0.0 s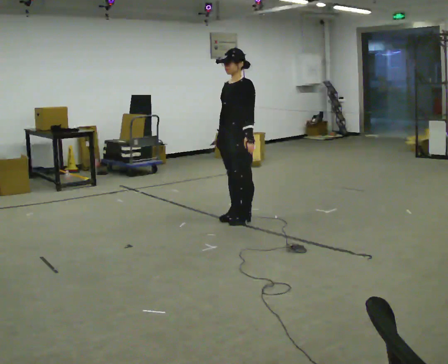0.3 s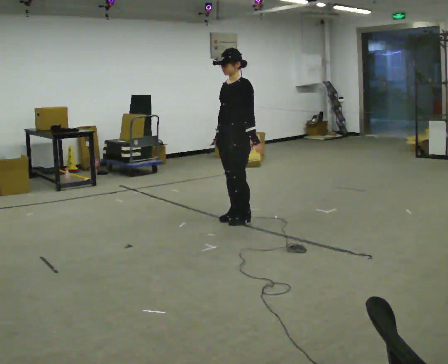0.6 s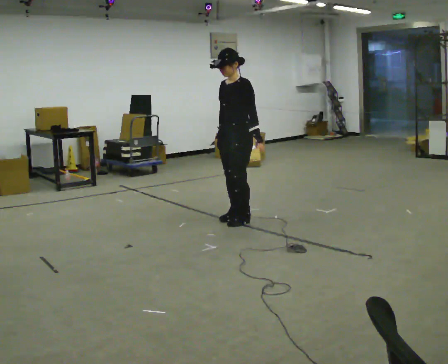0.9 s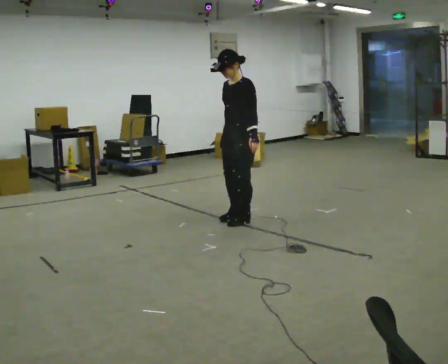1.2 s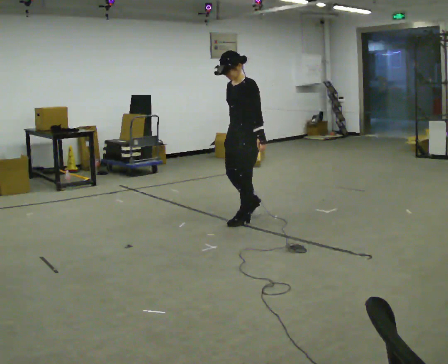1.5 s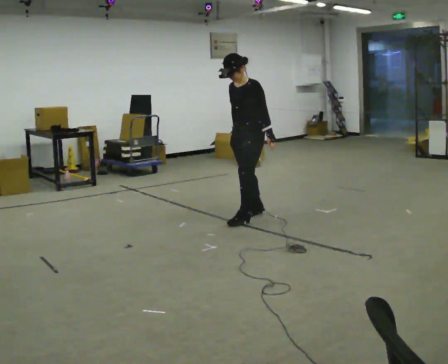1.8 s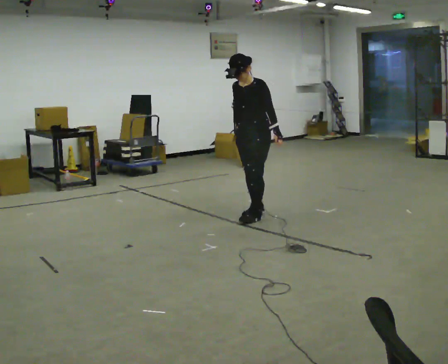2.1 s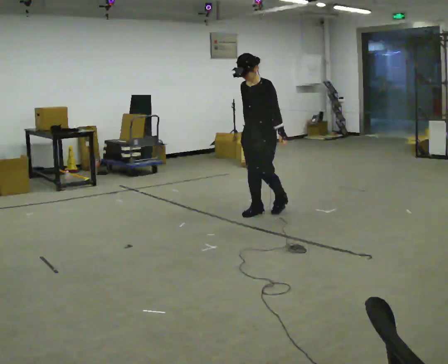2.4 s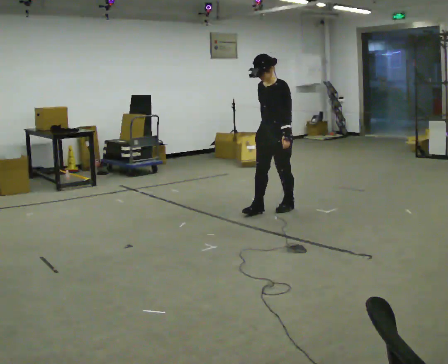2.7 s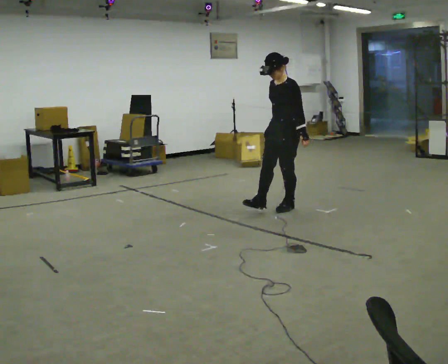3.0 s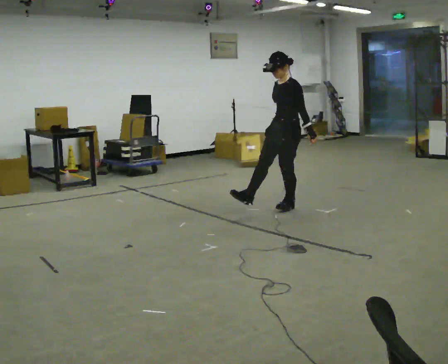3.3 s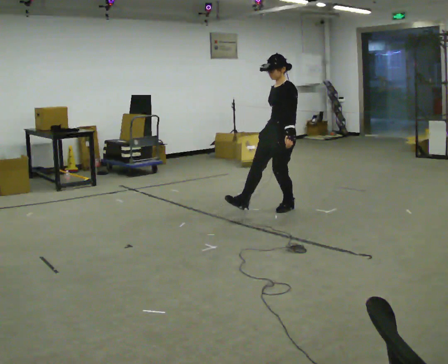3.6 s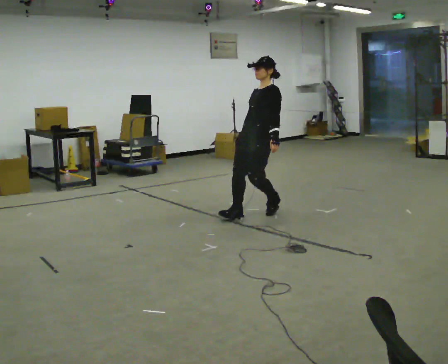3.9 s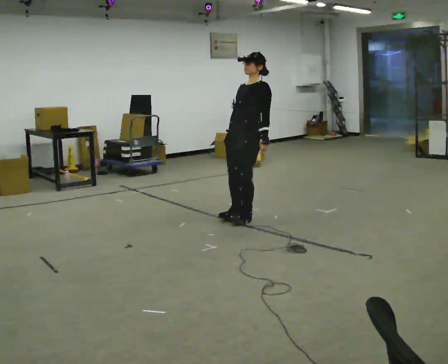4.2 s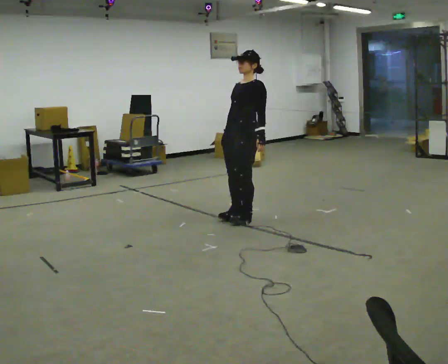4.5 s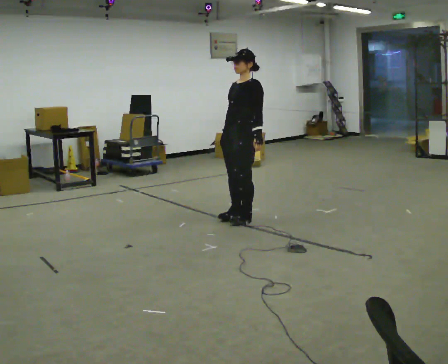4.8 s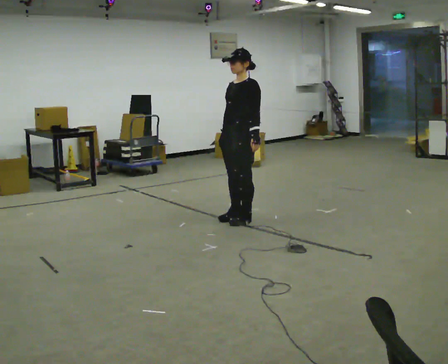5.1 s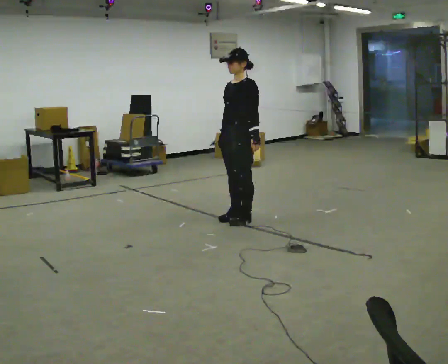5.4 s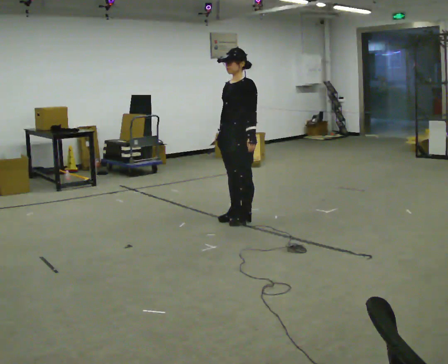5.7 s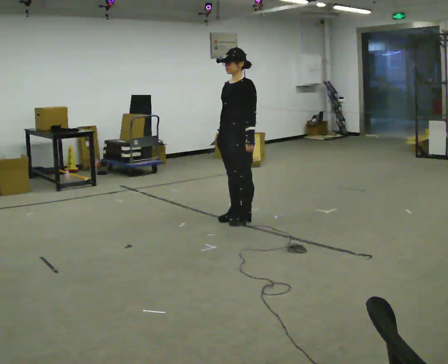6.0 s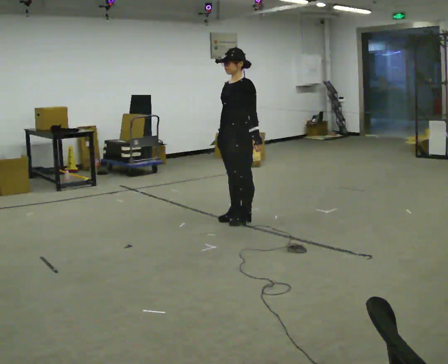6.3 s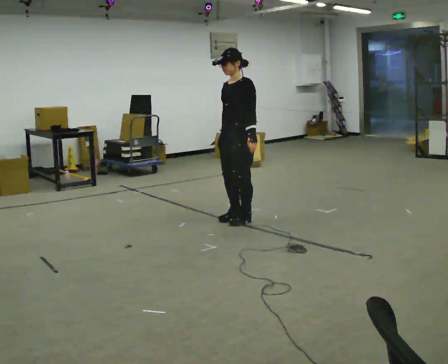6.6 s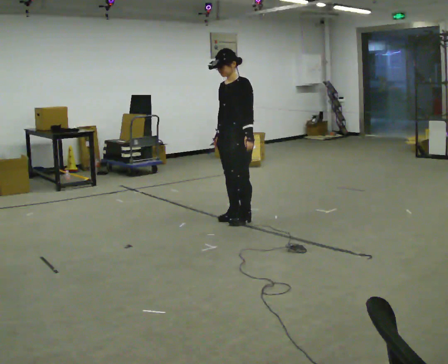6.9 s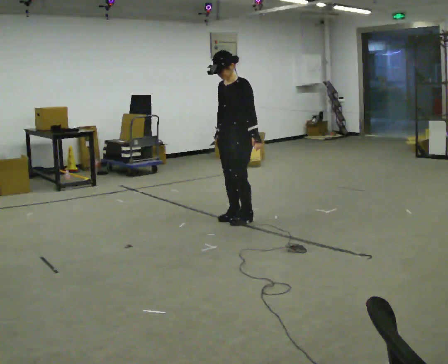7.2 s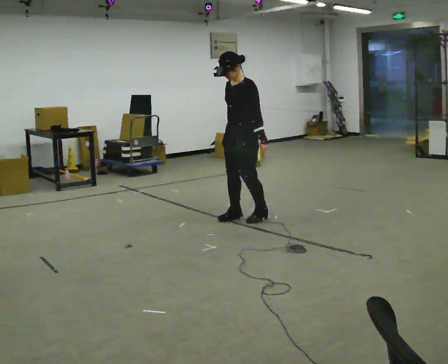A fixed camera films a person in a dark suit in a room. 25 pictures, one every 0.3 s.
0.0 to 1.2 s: The person moves a little, or ends about where they began.
1.2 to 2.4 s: In the picture they go away from the camera and to the right, about 0.5 m in 1 step, which for them is backward.
2.4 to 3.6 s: In the picture they go to the left and toward the camera, about 0.25 m in 2 steps, which for them is forward. The upper body tips away from the camera, its near side rolling upward, as they lean back or straighten.
3.6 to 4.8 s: In the picture they go to the left and toward the camera, about 0.25 m, which for them is forward.
4.8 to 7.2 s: The person moves a little, or ends about where they began.
The film runs backward here.
